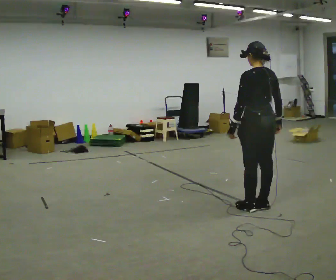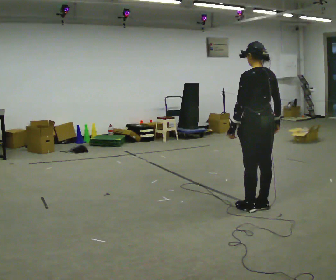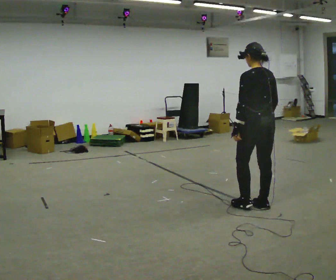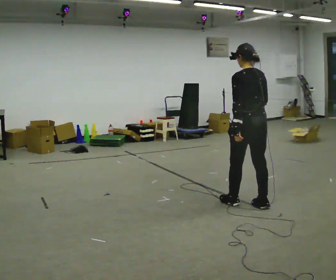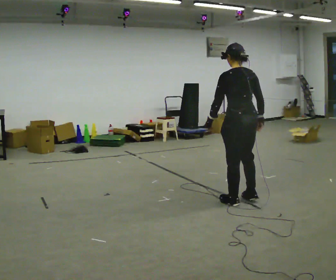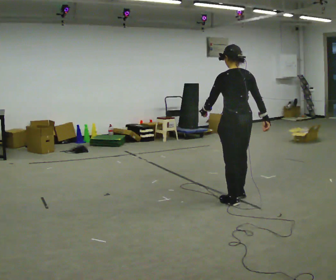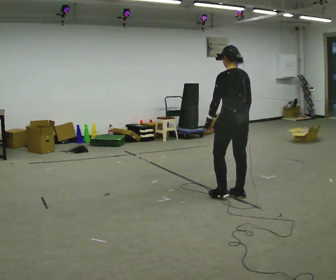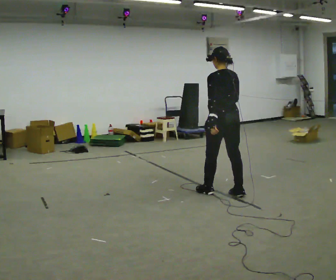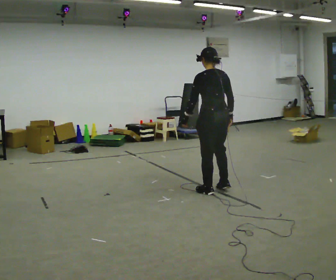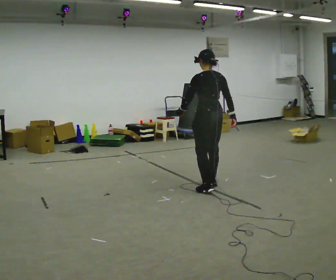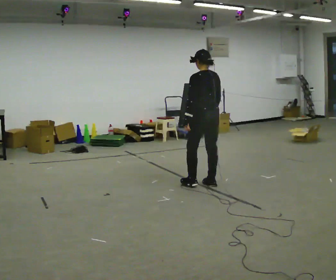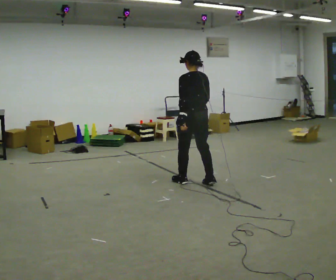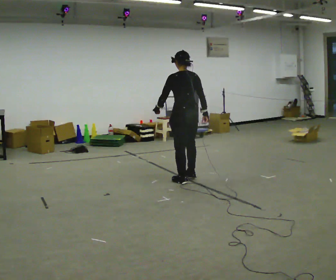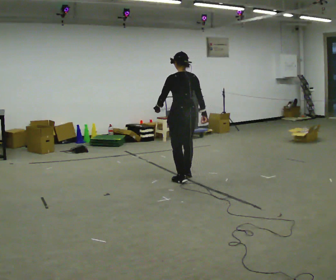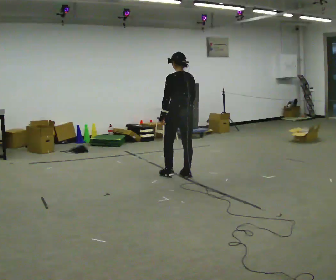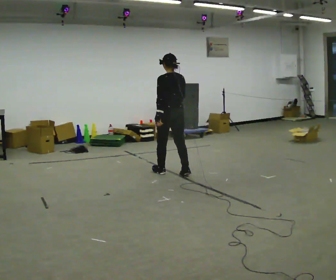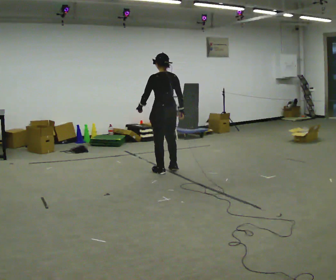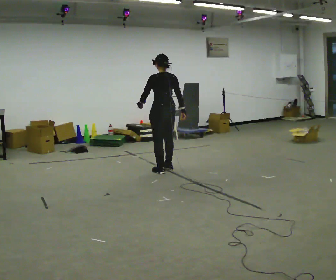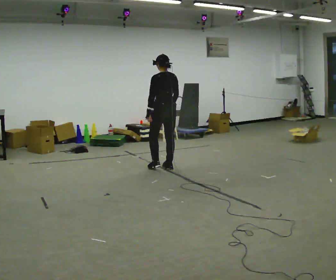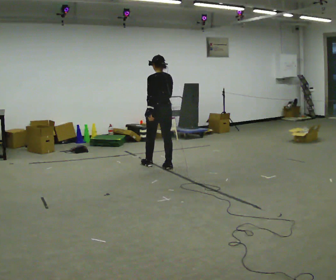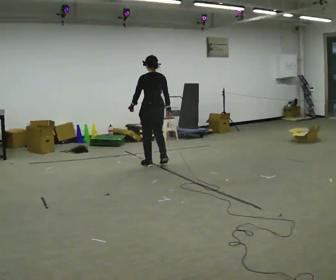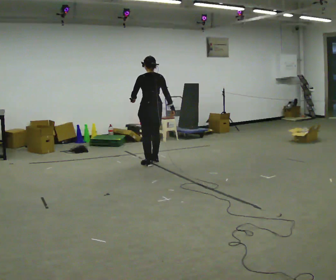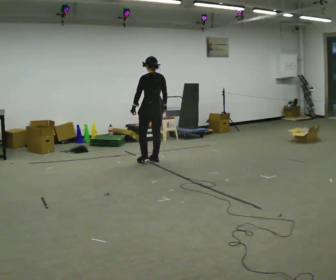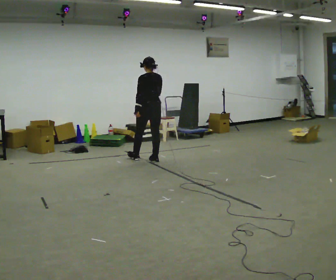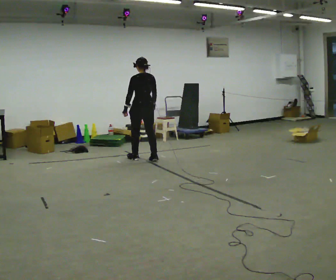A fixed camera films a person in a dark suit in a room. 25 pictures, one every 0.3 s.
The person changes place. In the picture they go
away from the camera.
0.0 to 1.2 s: In the picture they go away from the camera and to the left, about 0.25 m in 1 step, which for them is forward.
1.2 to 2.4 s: In the picture they go away from the camera and to the left, about 0.5 m in 2 steps, which for them is forward.
2.4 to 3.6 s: In the picture they go away from the camera and to the left, about 0.5 m in 2 steps, which for them is forward.
3.6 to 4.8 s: In the picture they go away from the camera and to the left, about 0.5 m in 2 steps, which for them is forward.
4.8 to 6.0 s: In the picture they go away from the camera and to the left, about 0.5 m in 2 steps, which for them is forward.
6.0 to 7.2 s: In the picture they go away from the camera and to the left, about 0.5 m in 2 steps, which for them is forward.
The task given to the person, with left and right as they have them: Walk forward with your feet closer together than normal, or further apart than normal, as the operator states; stop.
The film runs forward here.
